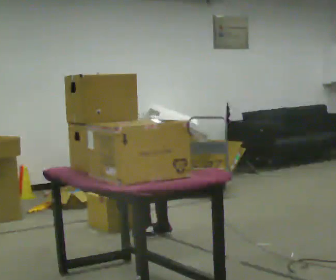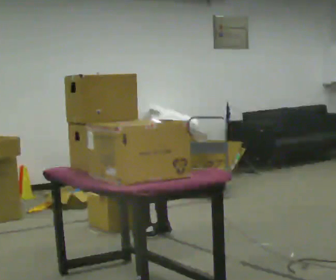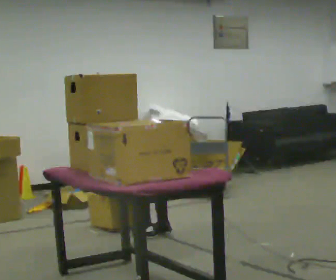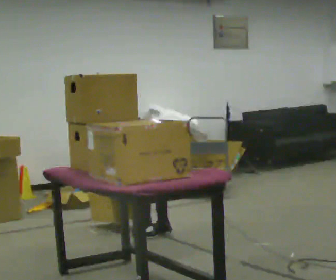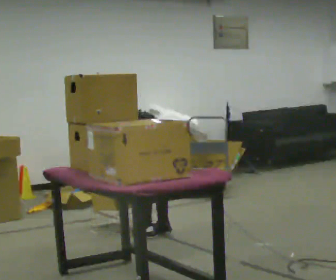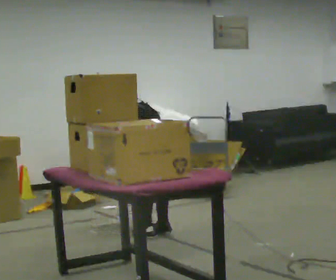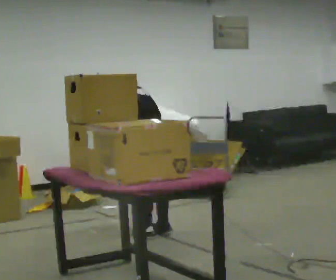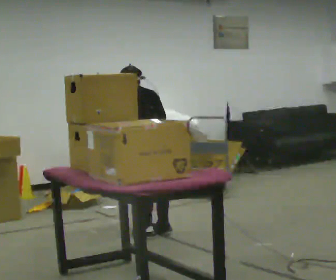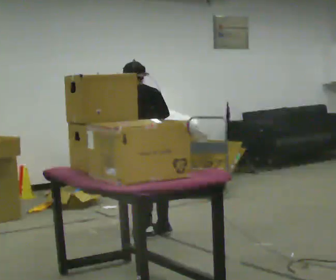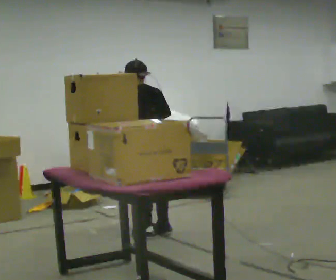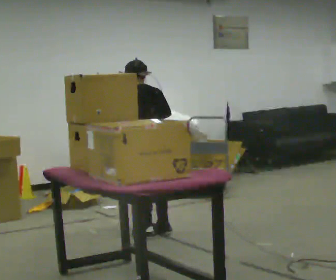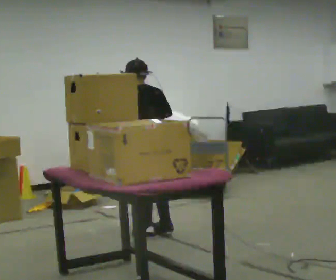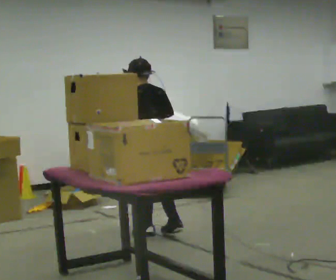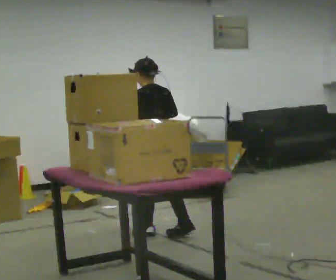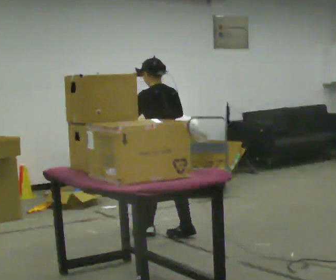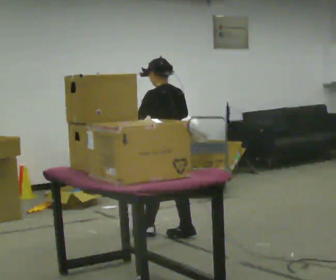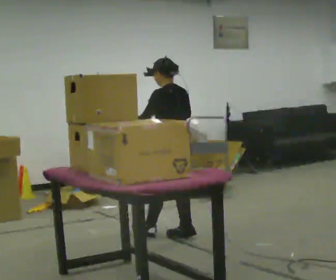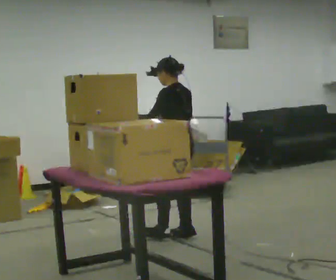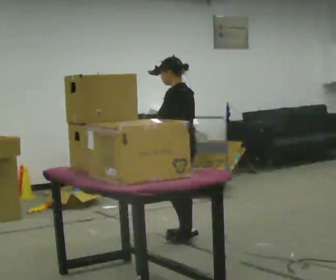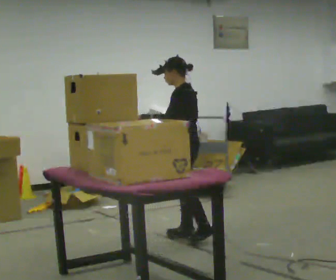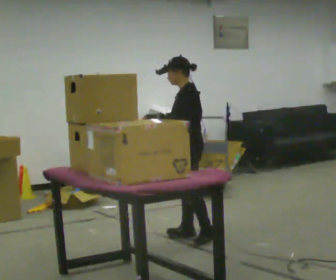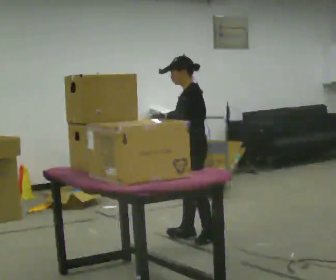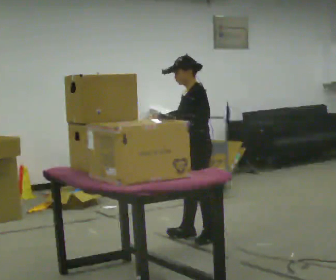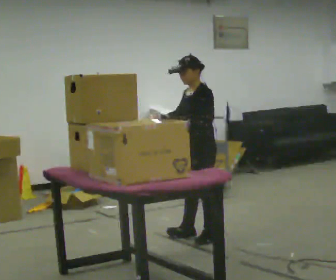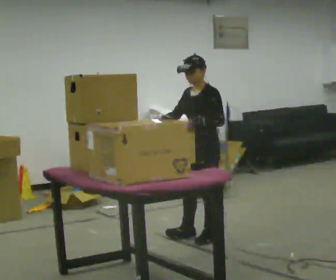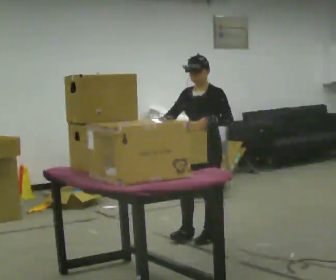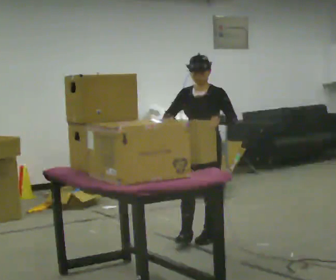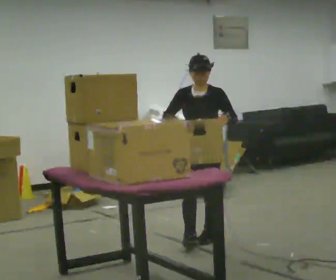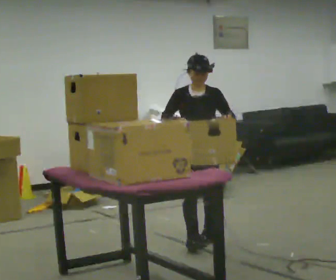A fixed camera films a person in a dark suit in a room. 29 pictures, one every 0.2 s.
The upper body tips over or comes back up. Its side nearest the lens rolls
downward.
Their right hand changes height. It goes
upward.
0.0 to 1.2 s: The shoulders move upward. The upper body tips toward the camera, its near side rolling downward, as they lean back or straighten. In the picture their right hand goes upward.
1.2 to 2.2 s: The upper body tips toward the camera, its near side rolling downward, as they lean back or straighten.
2.2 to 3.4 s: Seen from above the body turns counterclockwise, about 30 degrees: to their left, with its near side sliding to the right. In the picture they go to the right, about 0.25 m in 1 step, which for them is to their right and backward.
3.4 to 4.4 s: Seen from above the body turns counterclockwise, about 45 degrees: to their left, with its near side sliding to the right.
4.4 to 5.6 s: The part of the body nearest the lens slides to the right as the person turns to their left by about 75 degrees.
The film runs forward here.
